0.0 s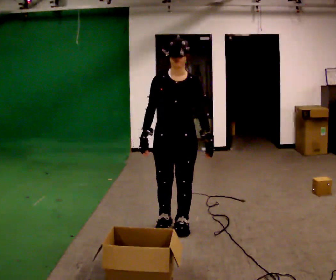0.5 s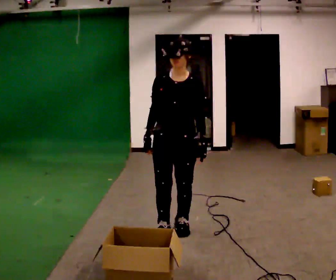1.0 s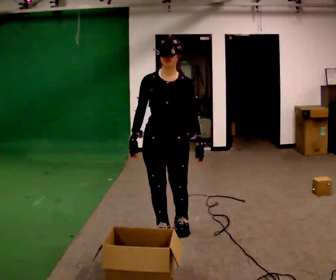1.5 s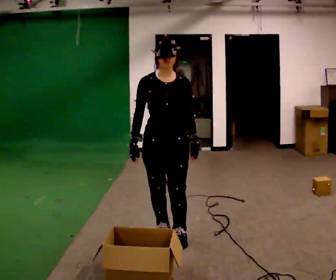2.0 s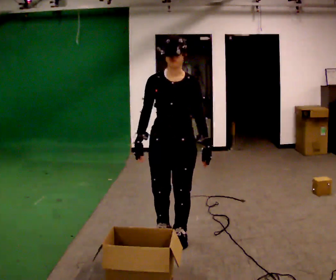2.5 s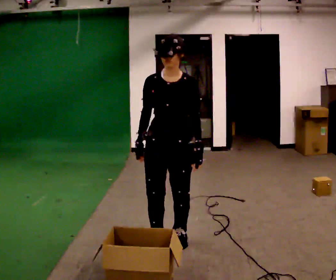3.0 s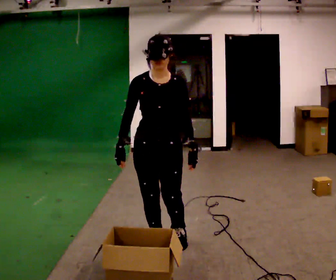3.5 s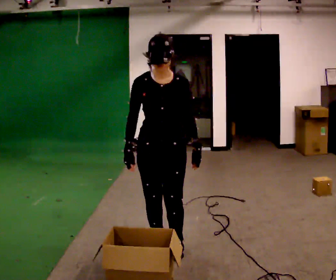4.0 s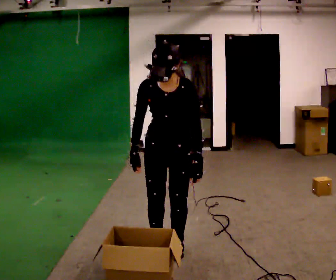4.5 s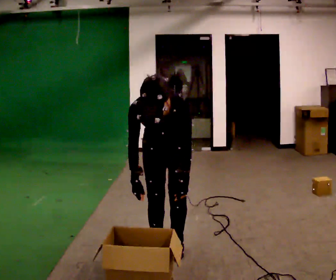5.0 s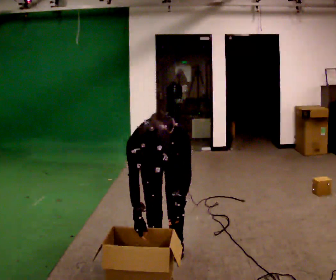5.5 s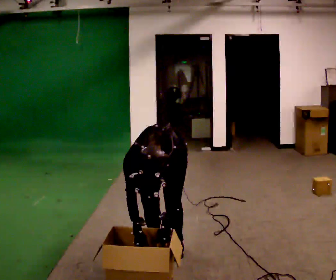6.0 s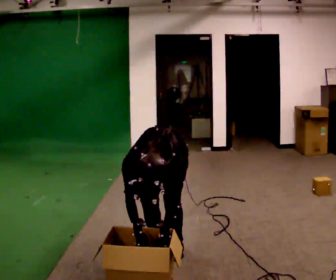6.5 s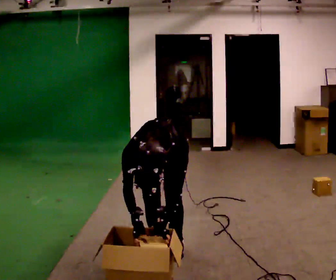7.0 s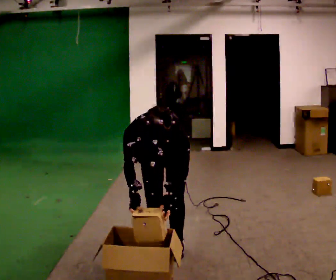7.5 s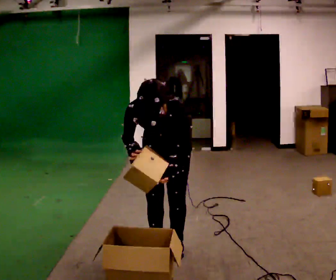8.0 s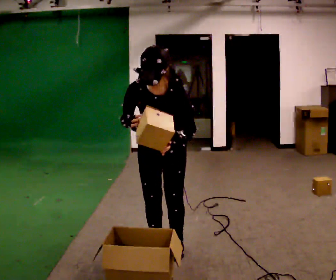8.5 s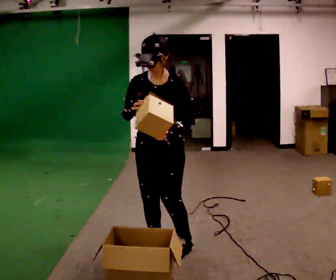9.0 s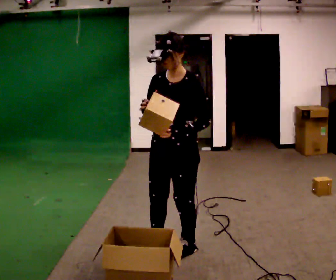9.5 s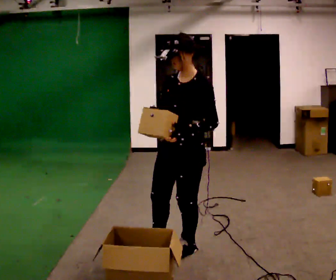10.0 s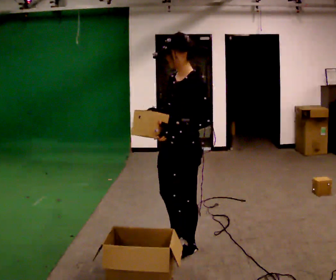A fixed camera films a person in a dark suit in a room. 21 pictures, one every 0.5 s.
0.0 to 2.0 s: In the picture they go toward the camera, about 0.25 m in 2 steps, which for them is forward.
2.0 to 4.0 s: The upper body tips toward the camera, its near side rolling downward, as they bend forward.
4.0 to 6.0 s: The shoulders move downward. The upper body tips toward the camera, its near side rolling downward, as they bend forward. In the picture their right hand goes downward.
6.0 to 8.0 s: The shoulders move upward. The upper body tips away from the camera, its near side rolling upward, as they lean back or straighten. In the picture their right hand goes upward.
8.0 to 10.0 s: The person turns about 60 degrees to their right, clockwise seen from above, so the part of the body nearest the lens slides to the left. The upper body tips away from the camera, its near side rolling upward, as they lean back or straighten.
The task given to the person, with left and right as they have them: Take the objects from the bin one at a time and put one in each of the places the operator points out. Keep going until the operator says stop; one object at a time, and do not rush between trips.
The film runs forward here.
